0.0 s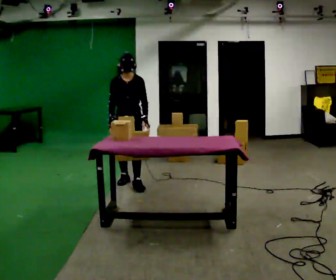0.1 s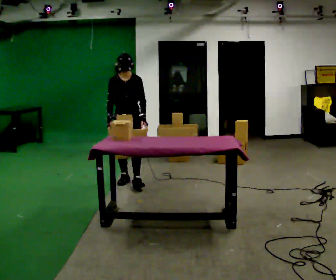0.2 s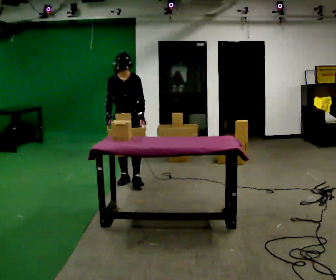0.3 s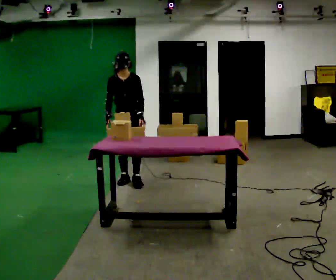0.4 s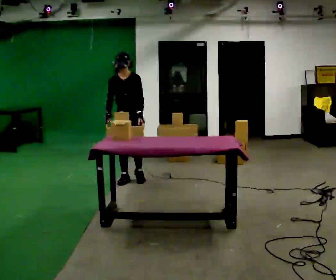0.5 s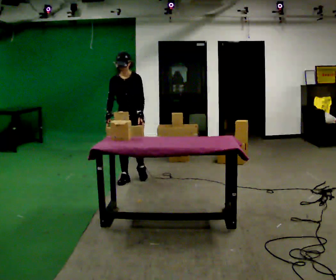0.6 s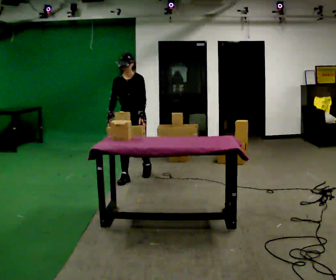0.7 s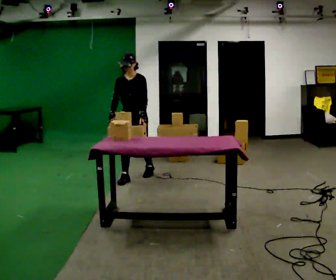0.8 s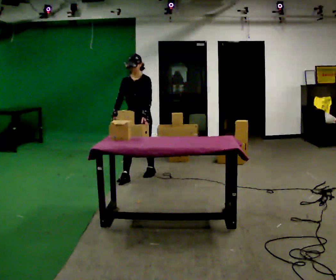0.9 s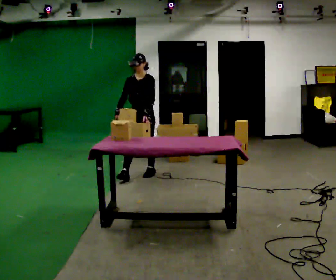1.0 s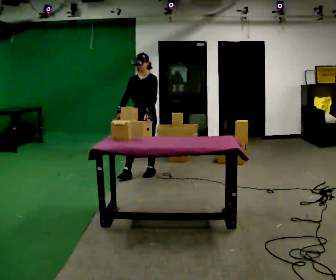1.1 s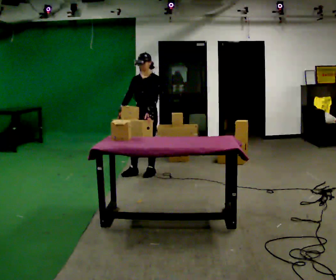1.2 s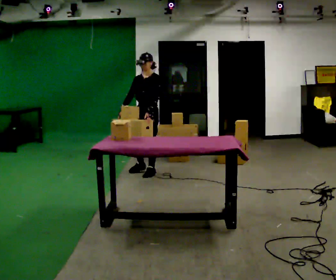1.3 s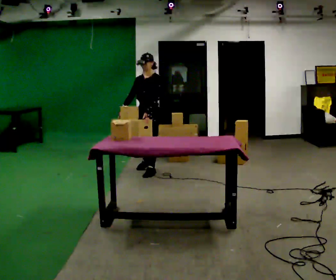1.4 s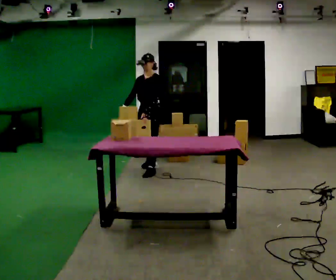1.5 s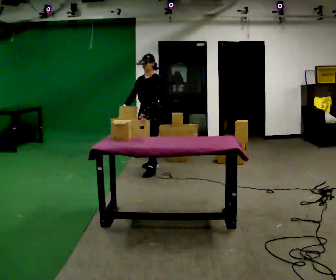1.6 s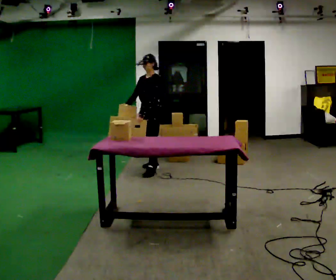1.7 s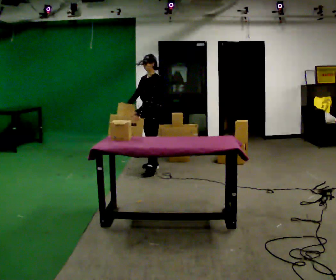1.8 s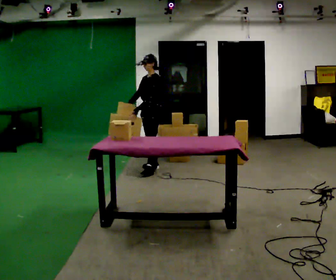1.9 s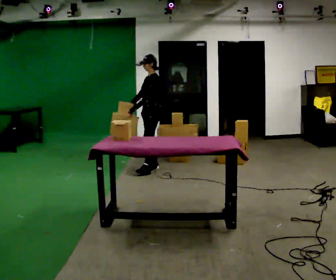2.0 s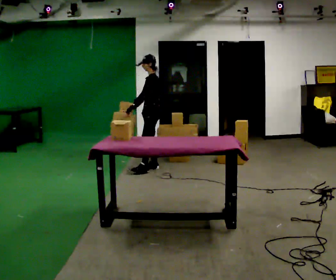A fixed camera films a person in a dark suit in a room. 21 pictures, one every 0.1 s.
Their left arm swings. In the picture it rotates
clockwise.
The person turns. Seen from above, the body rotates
clockwise.
0.0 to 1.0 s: The person turns about 30 degrees to their right, clockwise seen from above, so the part of the body nearest the lens slides to the left. In the picture they go away from the camera and to the right, about 0.5 m in 2 steps, which for them is backward.
1.0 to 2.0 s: The part of the body nearest the lens slides to the left as the person turns to their right by about 60 degrees. In the picture they go away from the camera, about 0.5 m in 1 step, which for them is backward and to their right.
The film runs backward here.
